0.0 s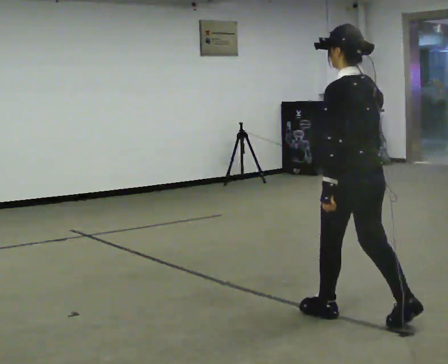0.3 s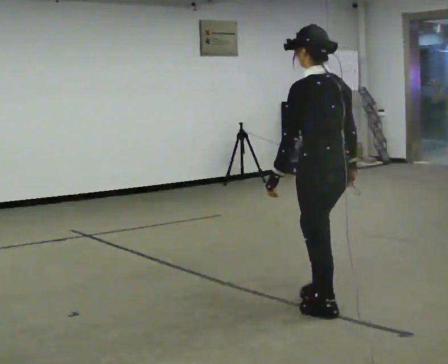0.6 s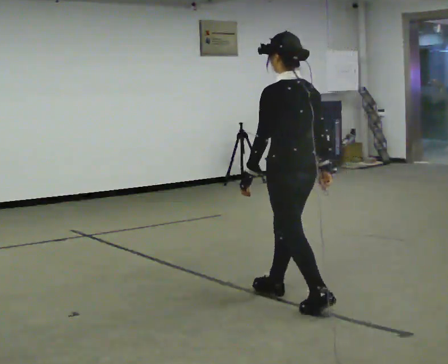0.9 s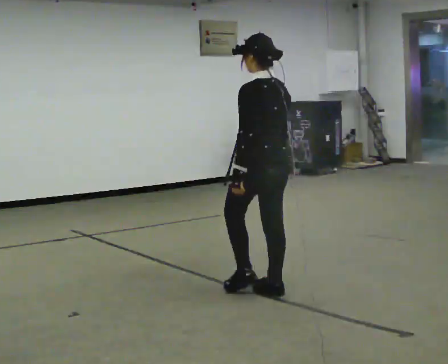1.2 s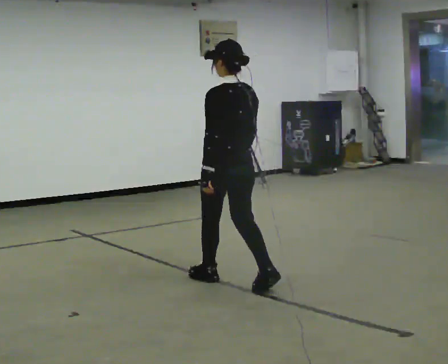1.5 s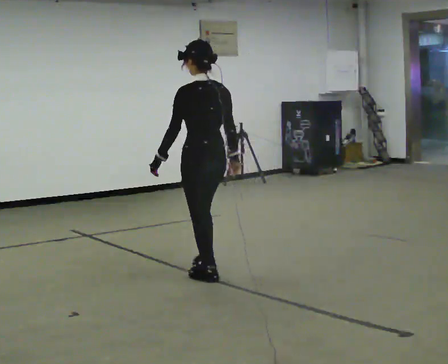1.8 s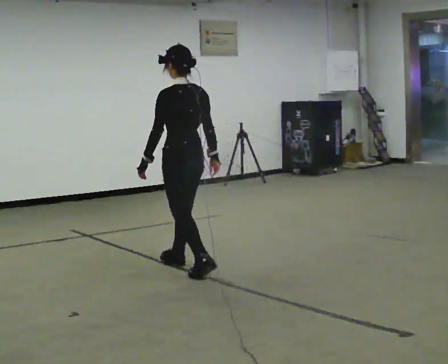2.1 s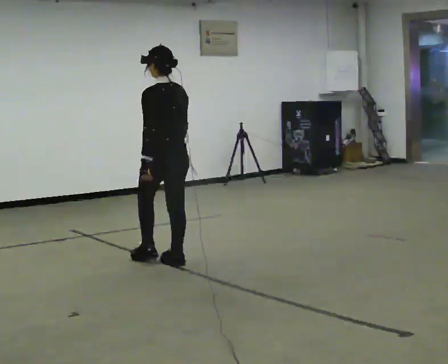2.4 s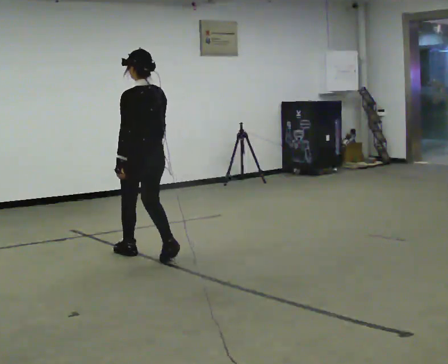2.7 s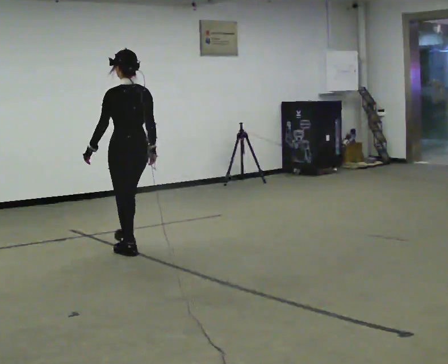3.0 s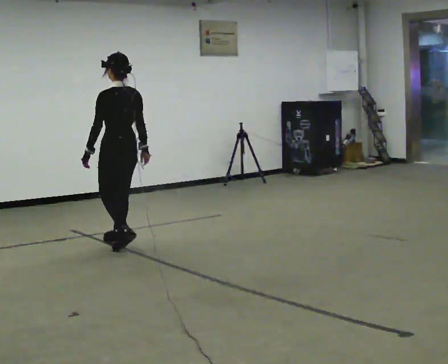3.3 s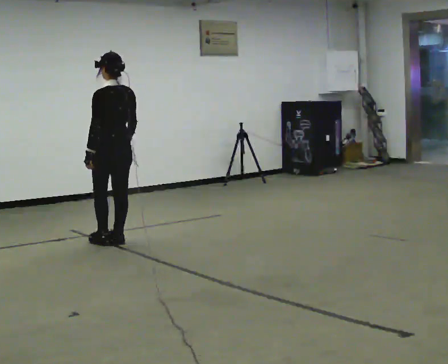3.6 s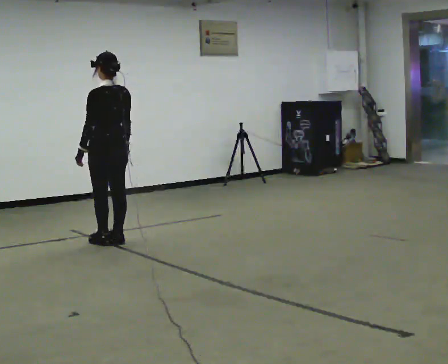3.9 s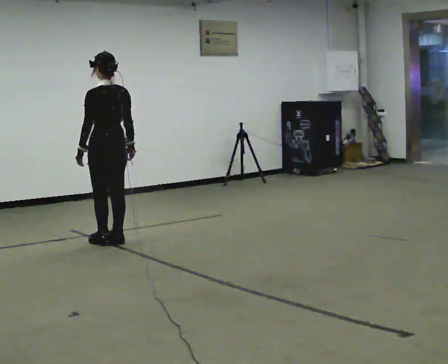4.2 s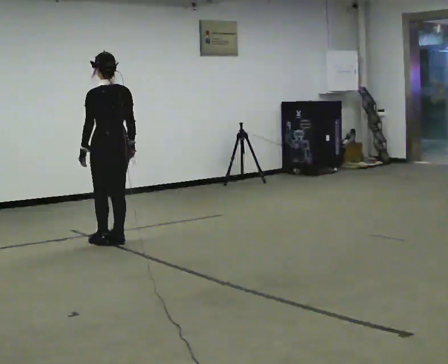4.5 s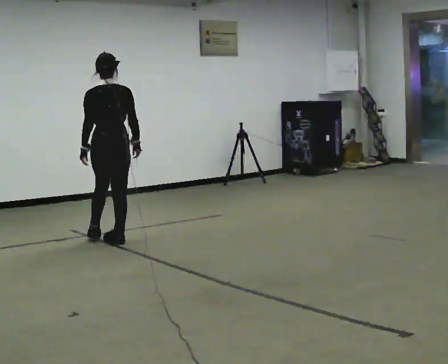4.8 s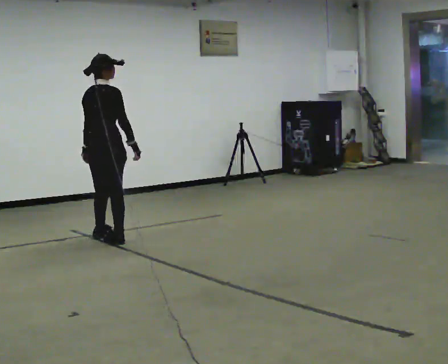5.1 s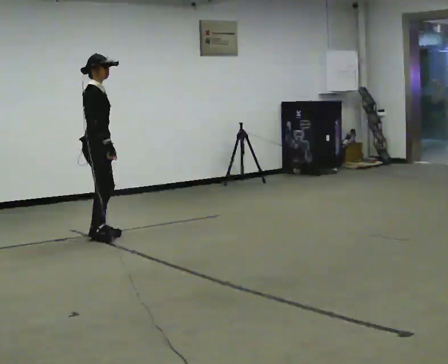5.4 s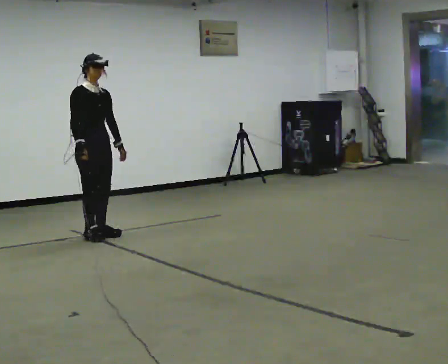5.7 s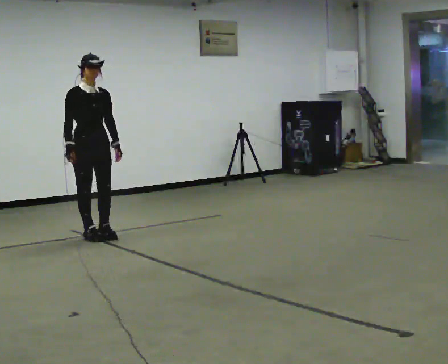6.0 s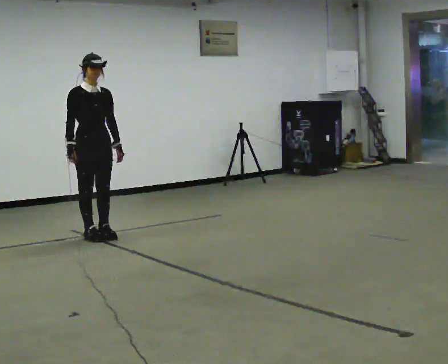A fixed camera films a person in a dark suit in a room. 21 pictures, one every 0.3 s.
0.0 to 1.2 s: In the picture they go away from the camera and to the left, about 1 m in 2 steps, which for them is forward.
1.2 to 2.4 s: In the picture they go away from the camera and to the left, about 1 m in 2 steps, which for them is forward.
2.4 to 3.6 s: In the picture they go away from the camera and to the left, about 0.5 m in 2 steps, which for them is forward.
3.6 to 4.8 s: The part of the body nearest the lens slides to the left as the person turns to their right by about 75 degrees. In the picture they go away from the camera, about 0.25 m in 1 step.
4.8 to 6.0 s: Seen from above the body turns clockwise, about 105 degrees: to their right, with its near side sliding to the left. In the picture their right hand goes to the left, the arm swinging clockwise.
The film runs forward here.
